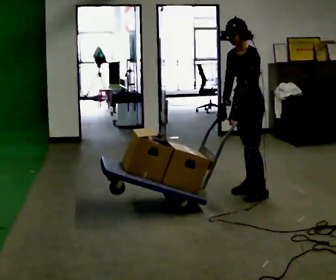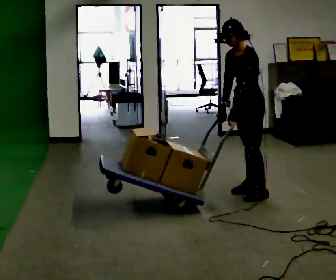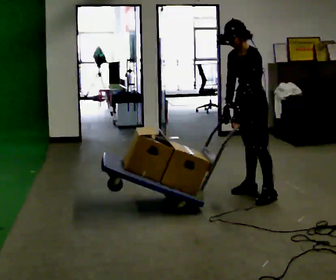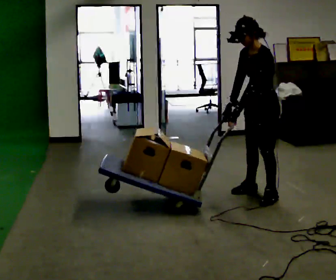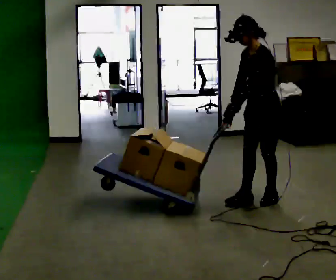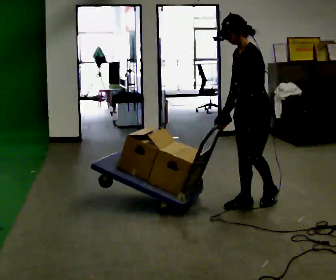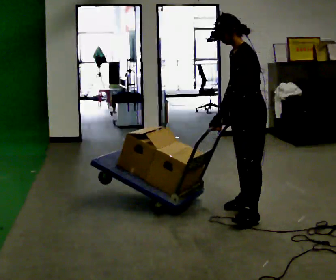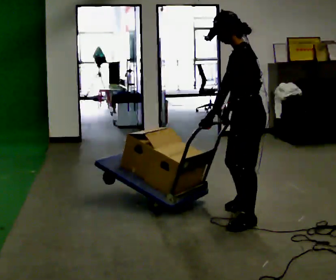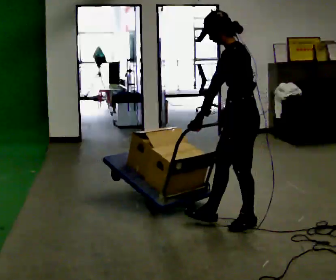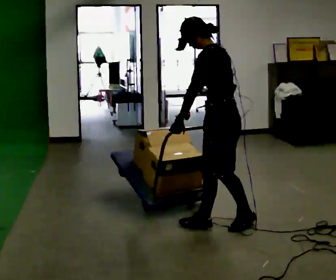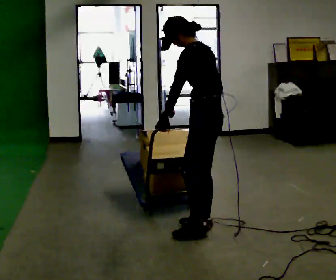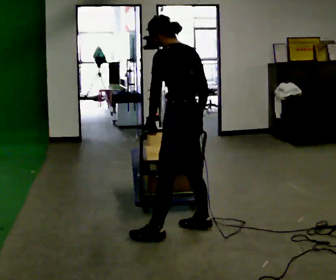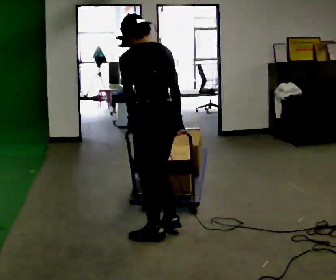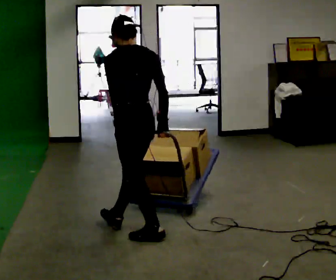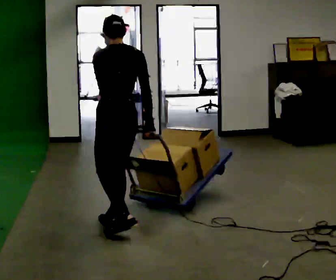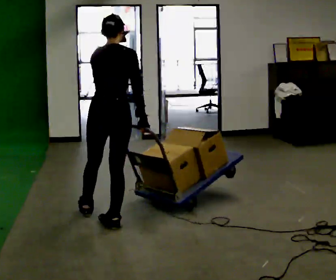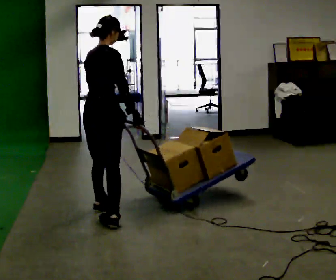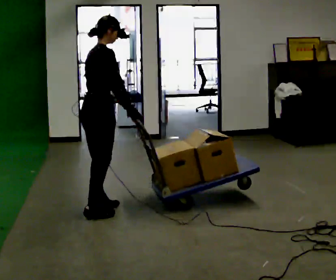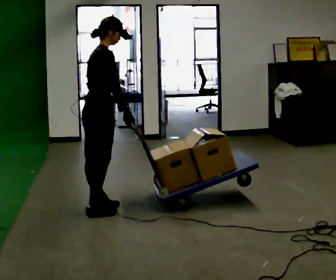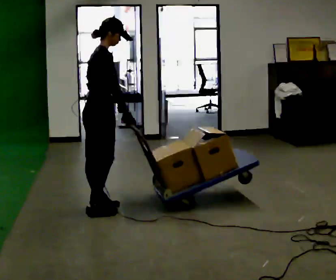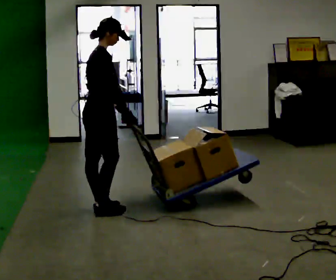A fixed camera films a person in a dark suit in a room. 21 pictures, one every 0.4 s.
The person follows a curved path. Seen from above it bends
clockwise.
The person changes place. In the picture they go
to the left.
0.0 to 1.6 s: In the picture they go toward the camera, about 0.25 m, which for them is to their left.
1.6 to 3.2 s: The person turns about 30 degrees to their right, clockwise seen from above, so the part of the body nearest the lens slides to the left. In the picture they go toward the camera, about 0.5 m in 2 steps, which for them is to their left and forward.
3.2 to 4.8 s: The person turns about 45 degrees to their right, clockwise seen from above, so the part of the body nearest the lens slides to the left. In the picture they go to the left and toward the camera, about 0.75 m in 2 steps, which for them is forward and to their left.
4.8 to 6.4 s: The person turns about 75 degrees to their right, clockwise seen from above, so the part of the body nearest the lens slides to the left. In the picture they go to the left and away from the camera, about 0.75 m in 2 steps. In the picture the upper body tilts clockwise, shoulders to the right.
6.4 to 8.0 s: The part of the body nearest the lens slides to the left as the person turns to their right by about 30 degrees. In the picture they go away from the camera, about 0.25 m in 1 step, which for them is to their left.
The film runs forward here.
